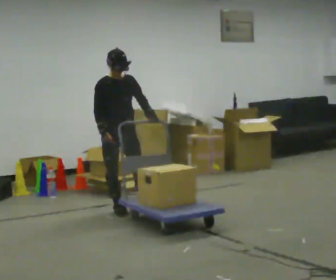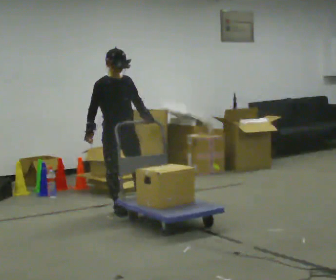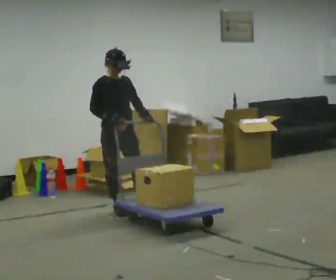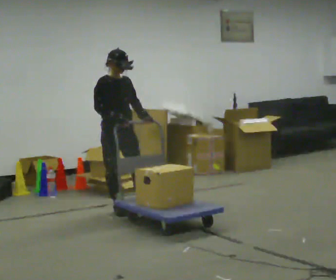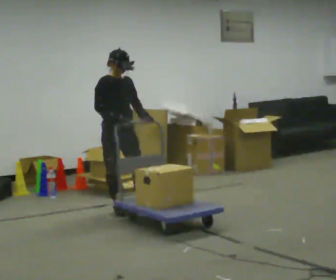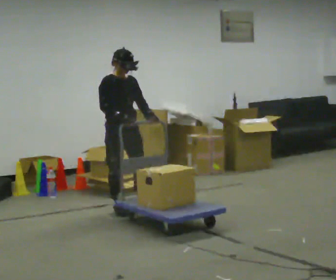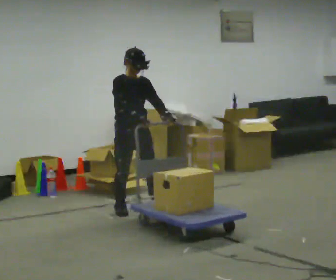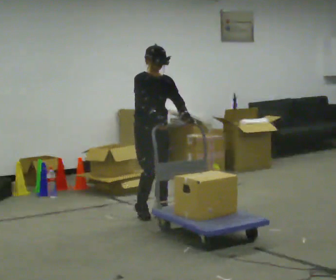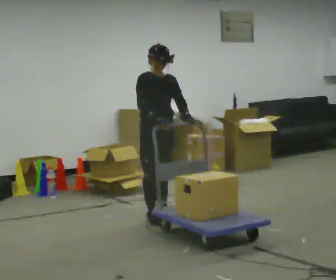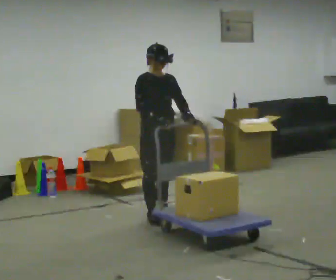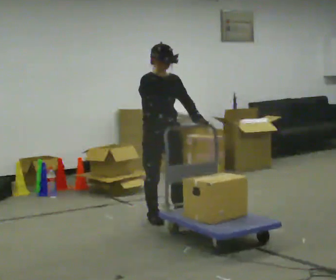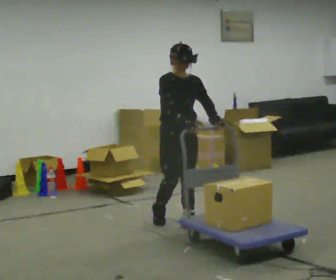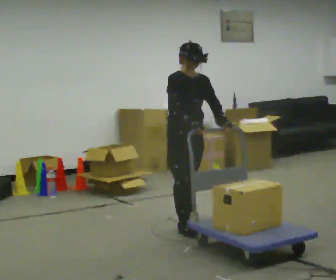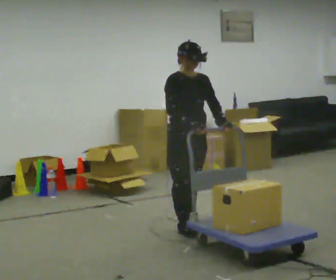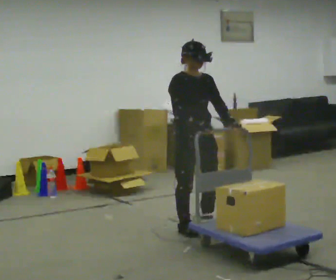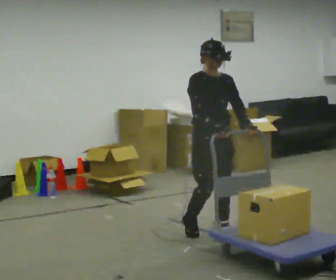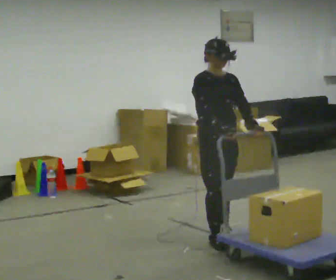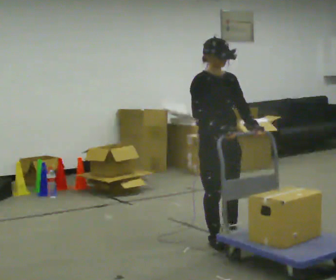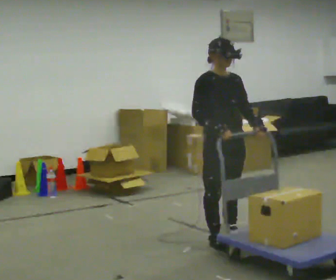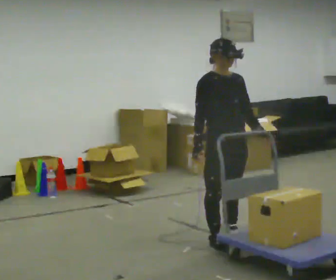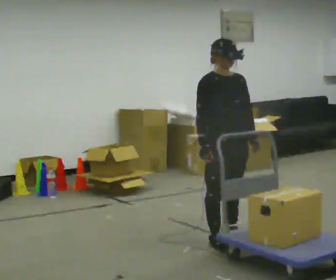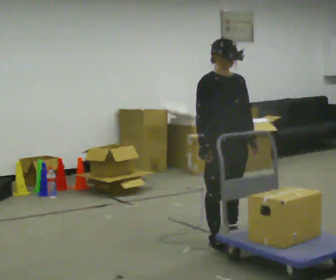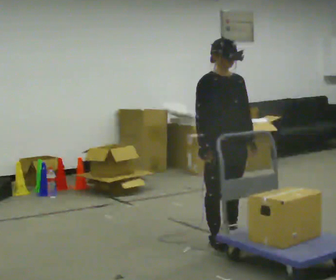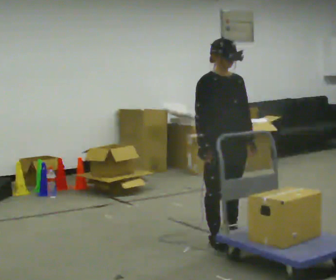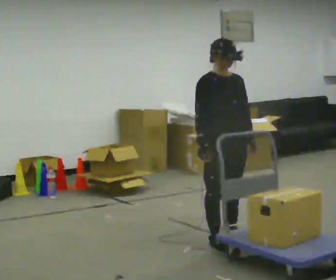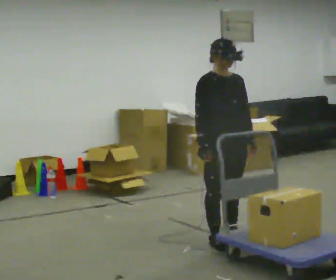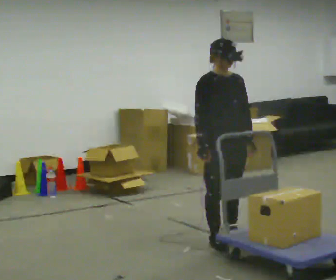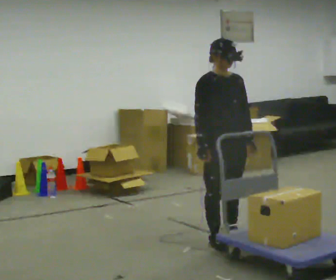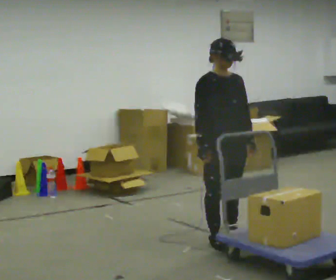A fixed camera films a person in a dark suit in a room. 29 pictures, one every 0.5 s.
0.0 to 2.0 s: The person moves a little, or ends about where they began.
2.0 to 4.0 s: In the picture they go to the right and toward the camera, about 0.5 m in 2 steps, which for them is forward and to their left.
4.0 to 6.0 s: In the picture they go toward the camera and to the right, about 0.5 m in 2 steps, which for them is forward.
6.0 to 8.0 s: In the picture they go toward the camera and to the right, about 0.5 m in 2 steps, which for them is forward.
8.0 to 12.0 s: The person moves a little, or ends about where they began.
12.0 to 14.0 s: The person keeps their place and pose.
The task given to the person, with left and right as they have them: Push the cart across the room and back. The operator will change how much is loaded on it between takes and will tell you each time.
The film runs forward here.
